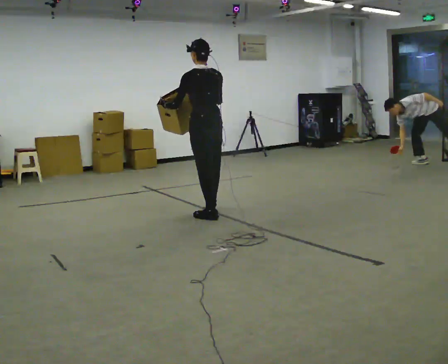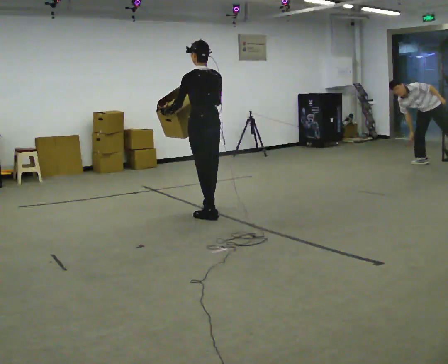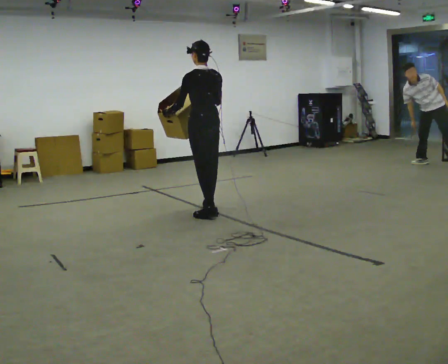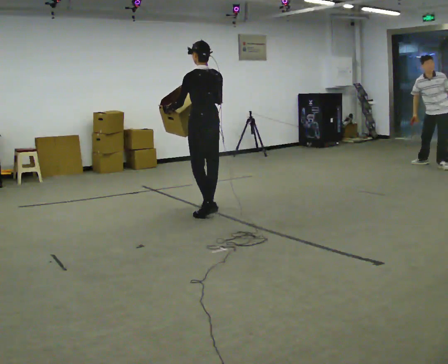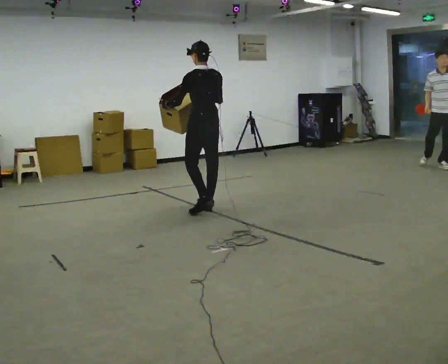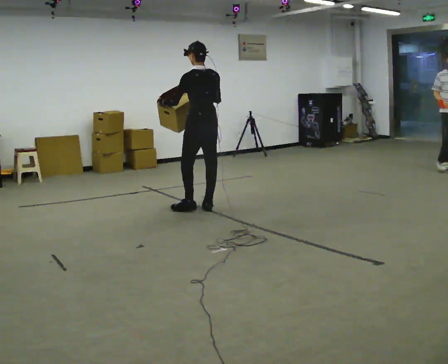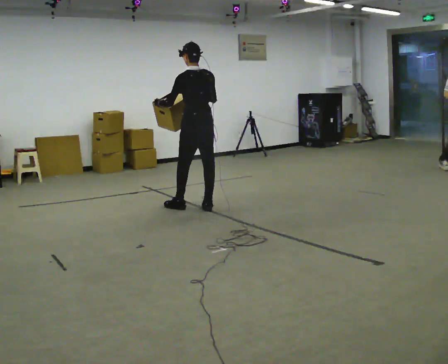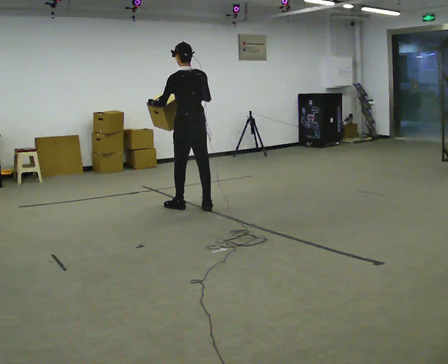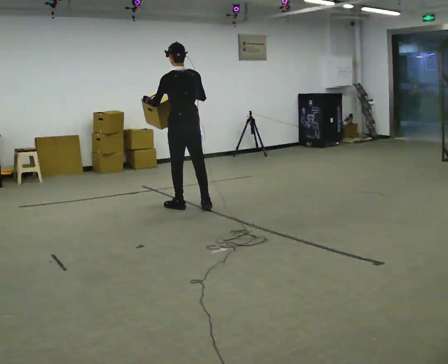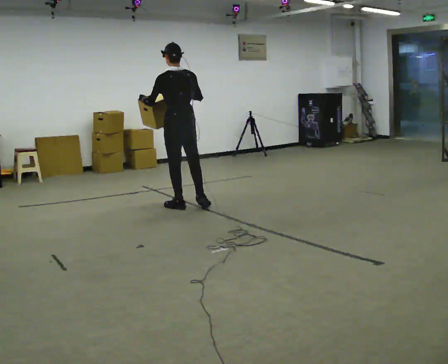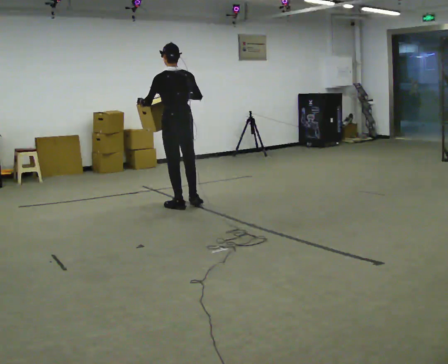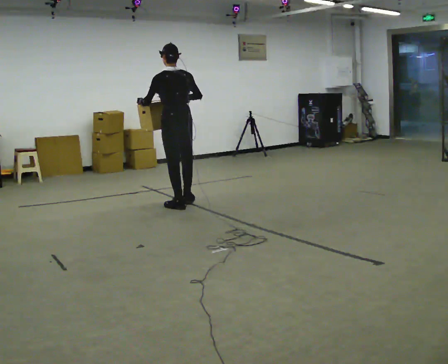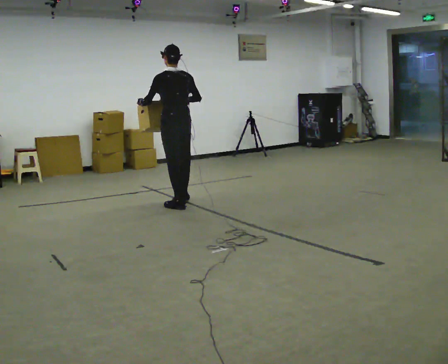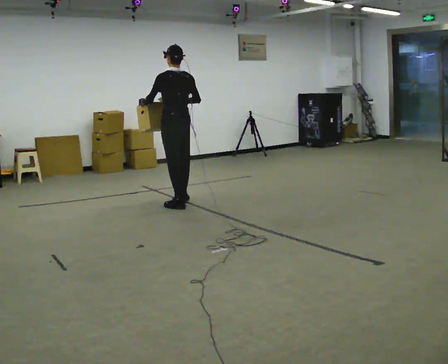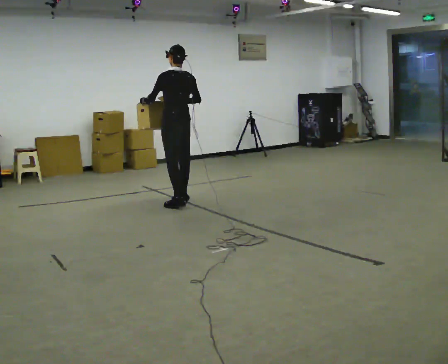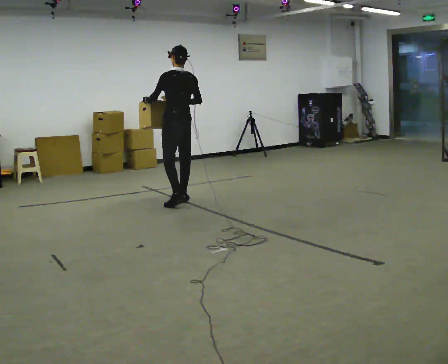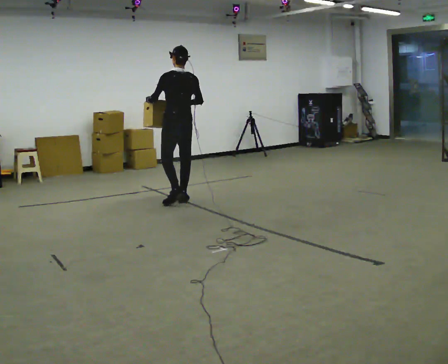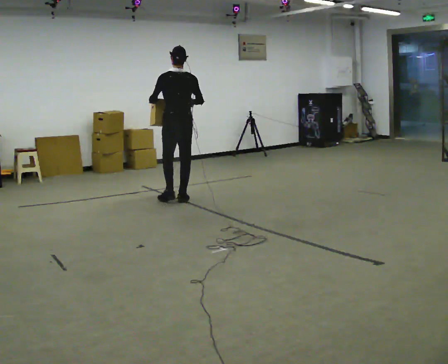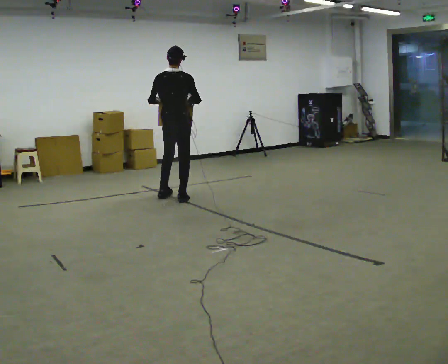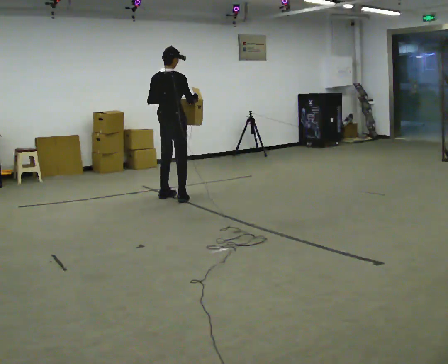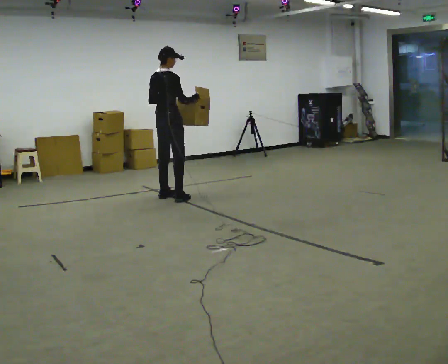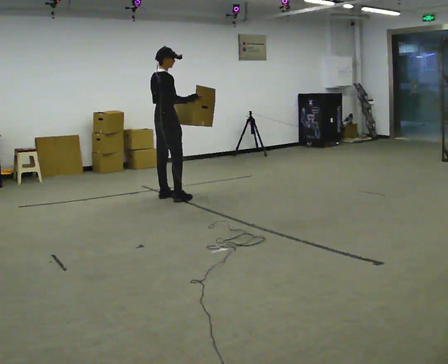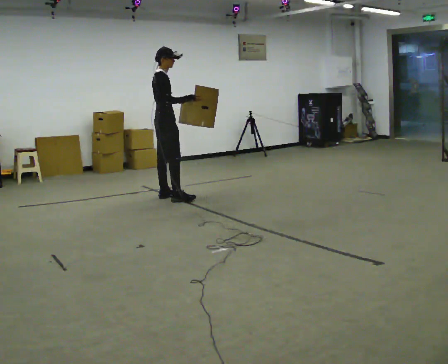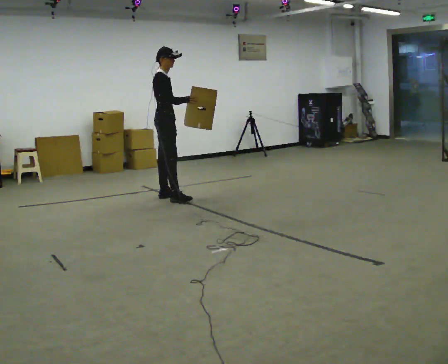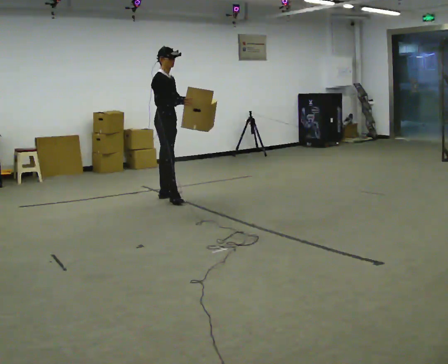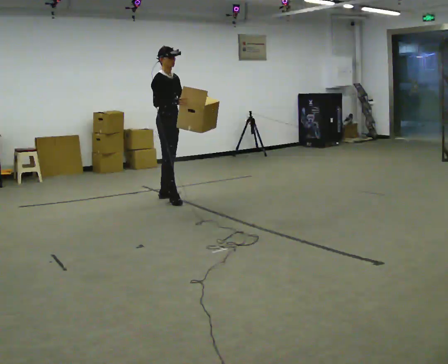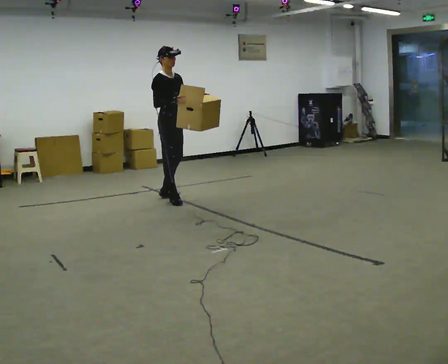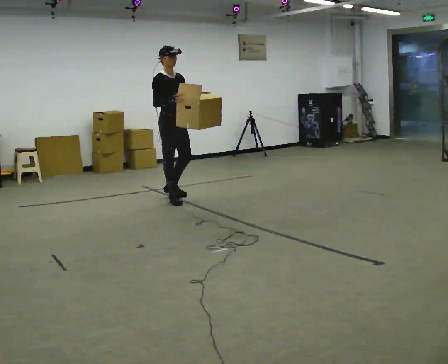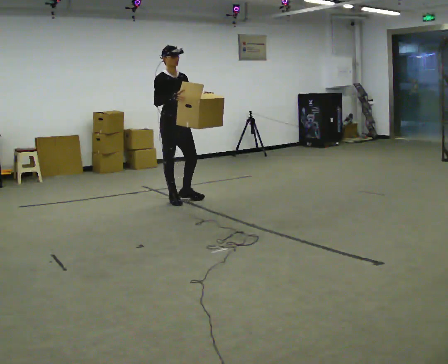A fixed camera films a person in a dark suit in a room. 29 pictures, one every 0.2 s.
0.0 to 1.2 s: In the picture they go away from the camera, about 0.25 m in 2 steps, which for them is forward.
1.2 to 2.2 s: In the picture they go to the left, about 0.25 m, which for them is to their left and forward.
2.2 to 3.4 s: In the picture they go away from the camera, about 0.25 m in 1 step, which for them is forward and to their right.
3.4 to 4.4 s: The part of the body nearest the lens slides to the left as the person turns to their right by about 90 degrees. In the picture they go to the left and away from the camera, about 0.25 m in 1 step. In the picture their left hand goes to the right.
4.4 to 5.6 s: The part of the body nearest the lens slides to the left as the person turns to their right by about 60 degrees. In the picture they go toward the camera, about 0.25 m, which for them is forward and to their right.
The film runs forward here.
